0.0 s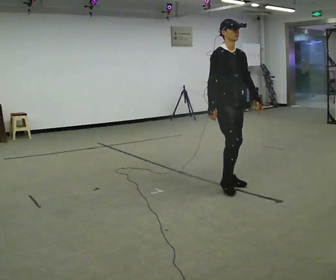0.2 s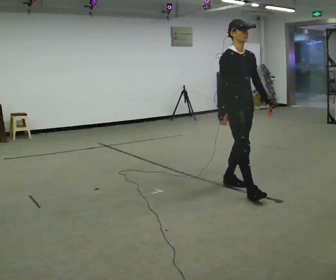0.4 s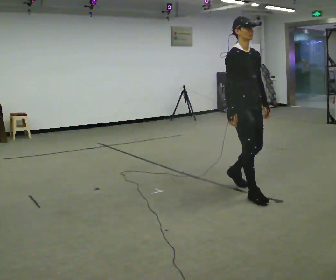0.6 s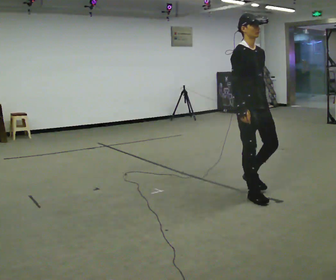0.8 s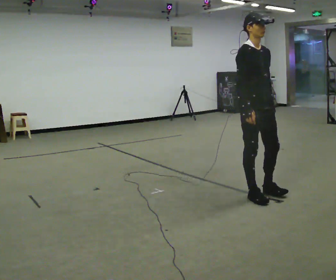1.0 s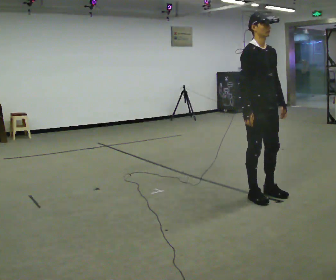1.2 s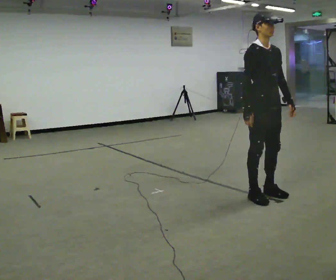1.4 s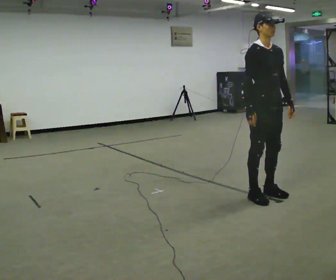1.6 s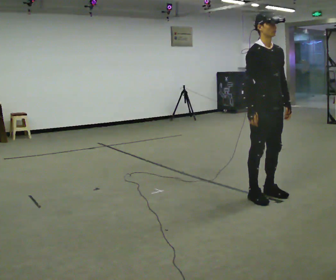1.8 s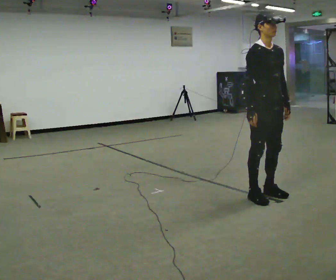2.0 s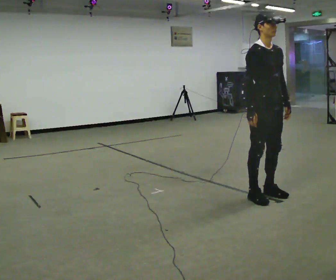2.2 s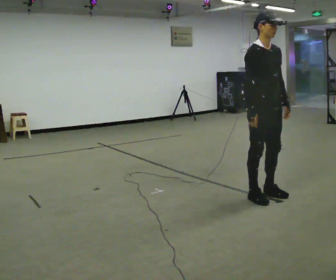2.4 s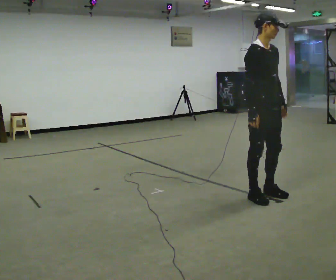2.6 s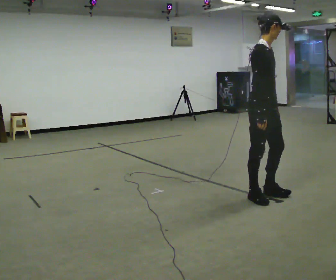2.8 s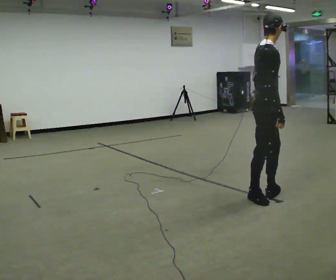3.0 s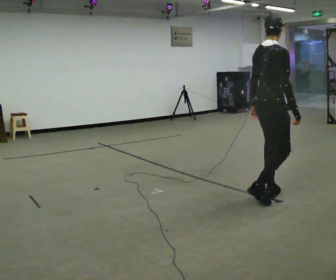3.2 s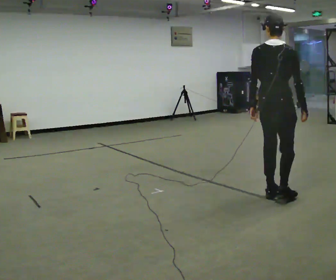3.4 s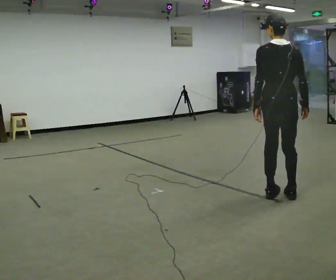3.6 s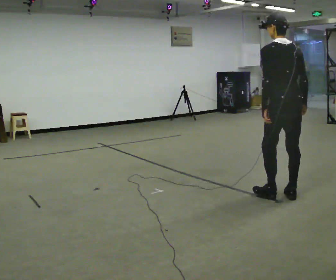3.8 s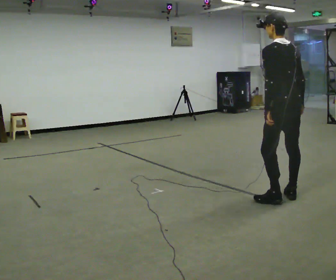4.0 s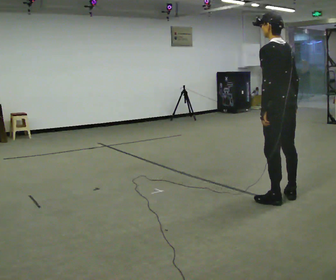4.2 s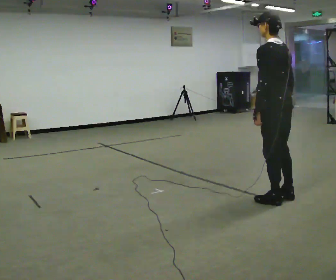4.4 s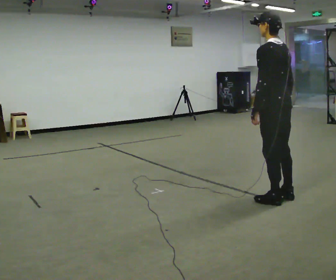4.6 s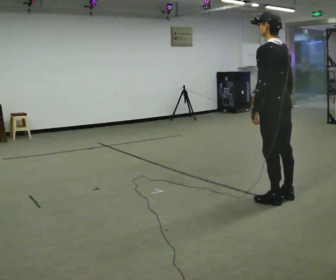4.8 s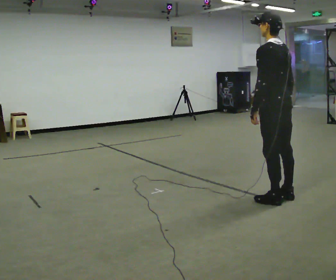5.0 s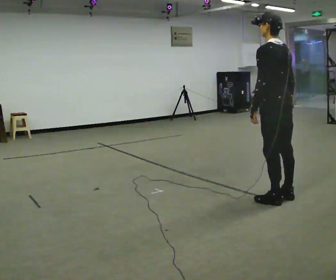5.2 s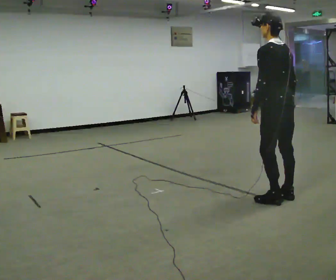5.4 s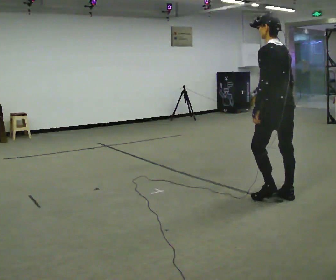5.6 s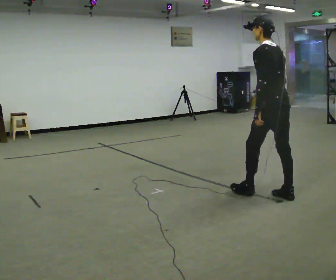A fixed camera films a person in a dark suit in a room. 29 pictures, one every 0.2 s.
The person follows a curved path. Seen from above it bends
counterclockwise.
The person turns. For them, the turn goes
to their left.
0.0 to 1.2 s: In the picture they go toward the camera and to the right, about 0.5 m in 2 steps, which for them is forward.
1.2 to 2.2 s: The person moves a little, or ends about where they began.
2.2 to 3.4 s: Seen from above the body turns counterclockwise, about 135 degrees: to their left, with its near side sliding to the right. In the picture they go to the right, about 0.25 m in 1 step. In the picture their right hand goes to the right.
3.4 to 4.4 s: The person turns about 45 degrees to their left, counterclockwise seen from above, so the part of the body nearest the lens slides to the right.
4.4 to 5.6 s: The person moves a little, or ends about where they began.
The film runs forward here.
